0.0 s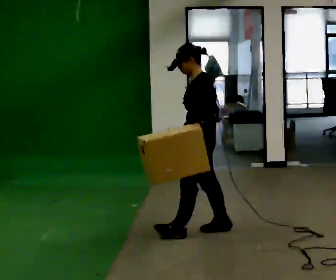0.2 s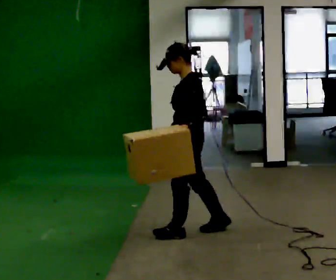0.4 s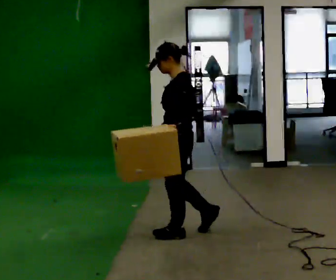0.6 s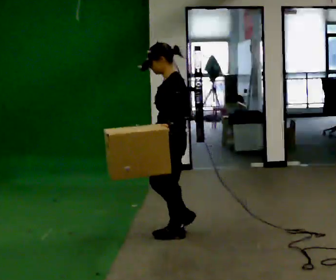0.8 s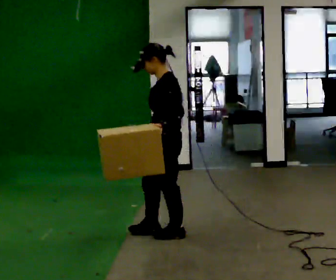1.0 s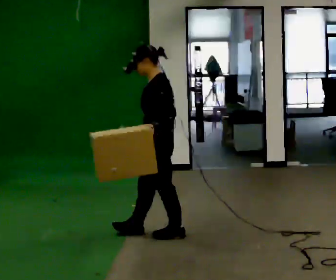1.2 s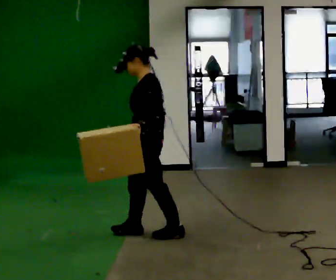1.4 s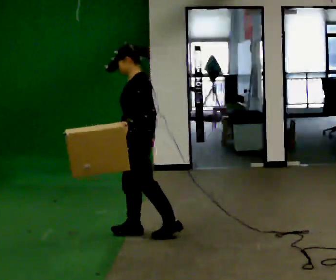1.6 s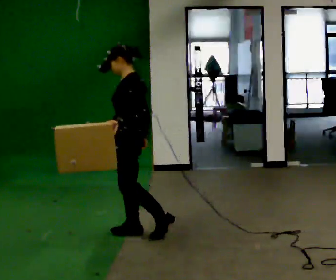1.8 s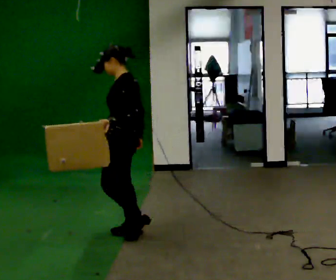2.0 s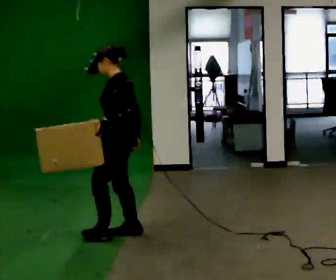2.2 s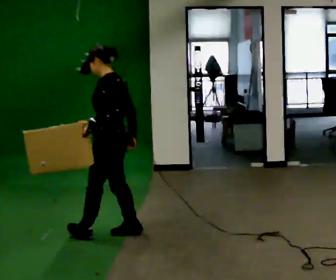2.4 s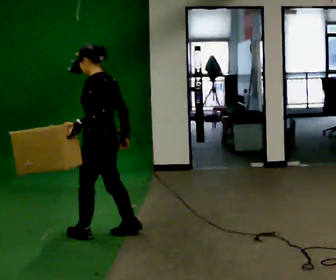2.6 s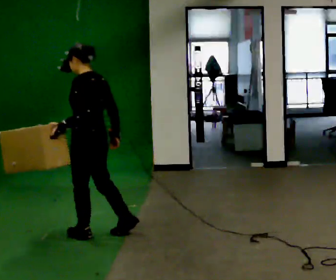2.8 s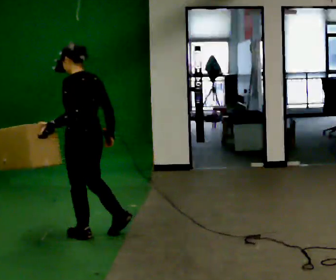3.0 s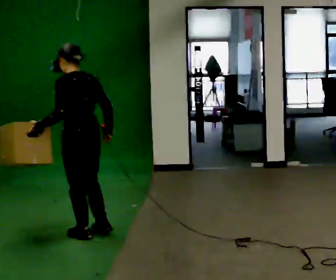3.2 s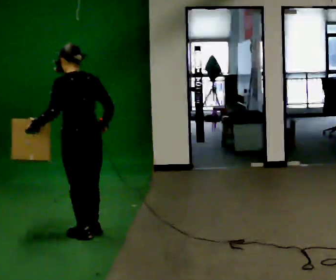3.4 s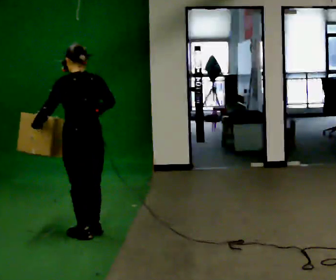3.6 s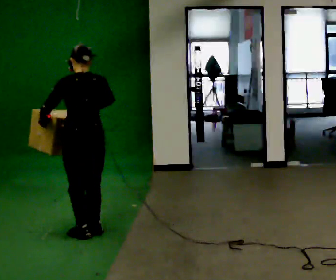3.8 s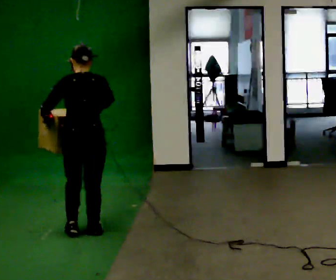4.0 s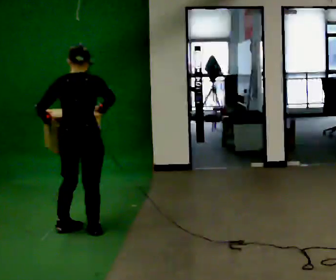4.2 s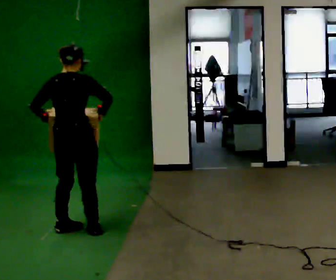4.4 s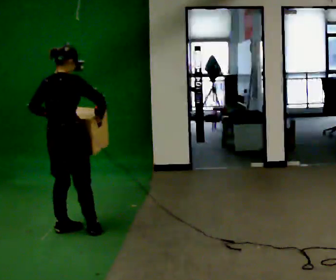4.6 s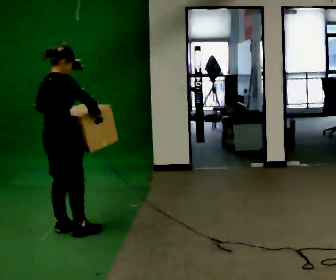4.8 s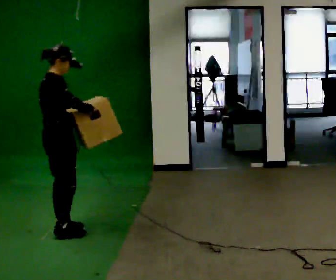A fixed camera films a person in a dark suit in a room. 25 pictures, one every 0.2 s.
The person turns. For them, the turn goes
to their right.
The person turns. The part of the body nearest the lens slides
to the left.
0.0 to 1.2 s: In the picture they go to the left, about 0.5 m in 1 step, which for them is forward.
1.2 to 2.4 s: In the picture they go to the left, about 0.25 m in 1 step, which for them is forward.
2.4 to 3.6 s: The part of the body nearest the lens slides to the left as the person turns to their right by about 45 degrees.
3.6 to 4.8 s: The part of the body nearest the lens slides to the left as the person turns to their right by about 90 degrees. In the picture they go to the left, about 0.25 m in 1 step.
The film runs forward here.
